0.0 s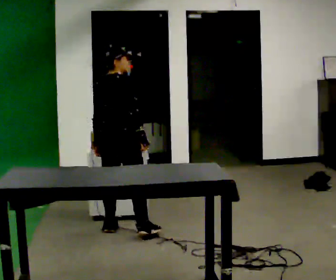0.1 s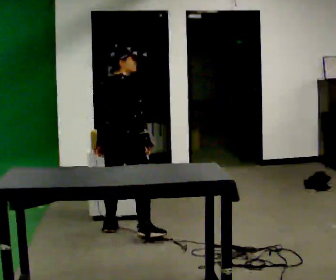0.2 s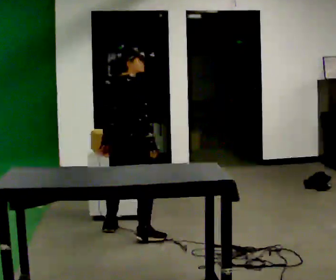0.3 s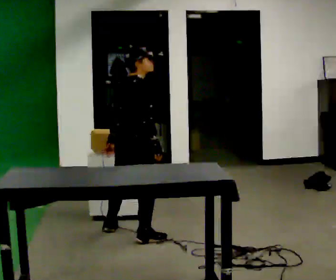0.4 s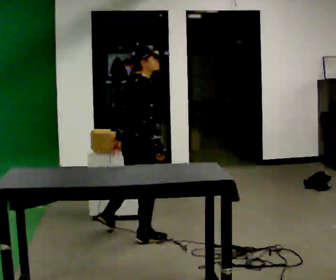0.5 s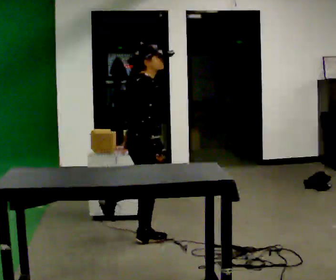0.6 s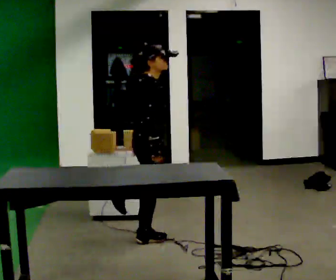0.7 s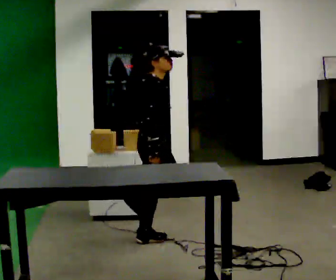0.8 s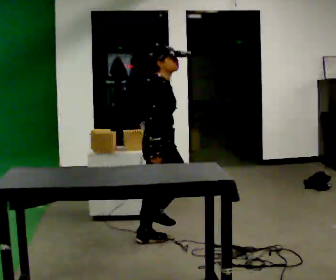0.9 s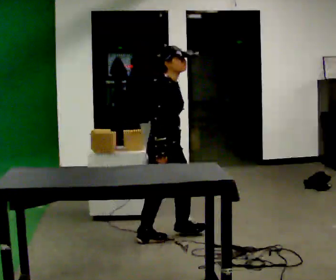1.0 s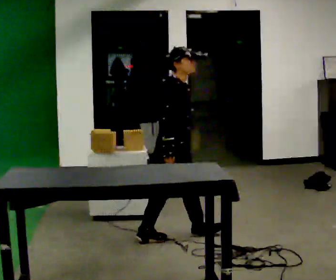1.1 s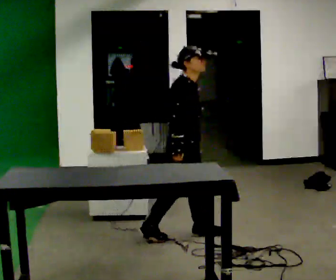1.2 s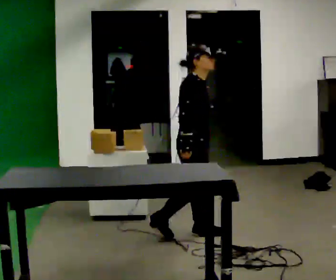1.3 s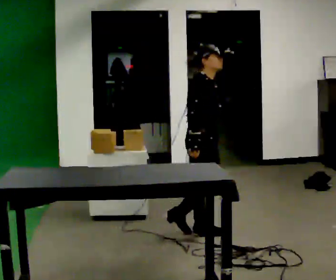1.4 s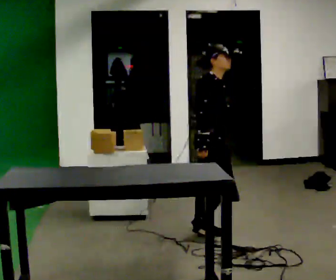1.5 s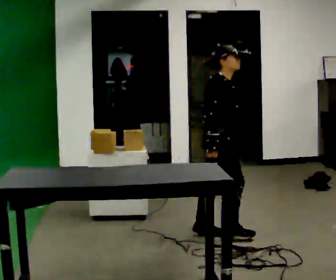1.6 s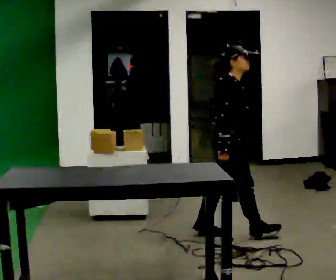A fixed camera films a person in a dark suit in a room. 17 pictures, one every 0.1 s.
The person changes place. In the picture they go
to the right.
0.0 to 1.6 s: The person turns about 60 degrees to their right, clockwise seen from above, so the part of the body nearest the lens slides to the left. In the picture they go to the right, about 1 m in 2 steps.
The film runs forward here.
